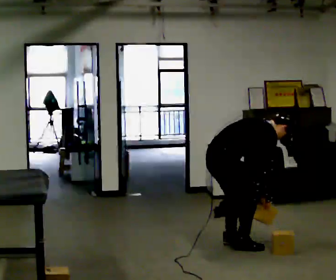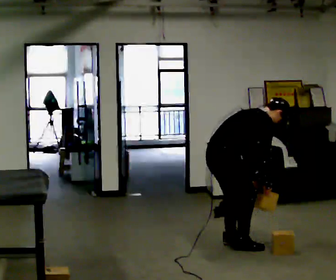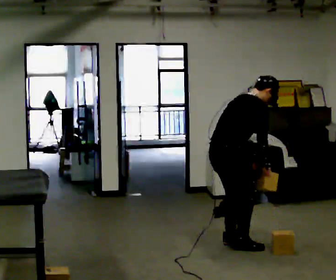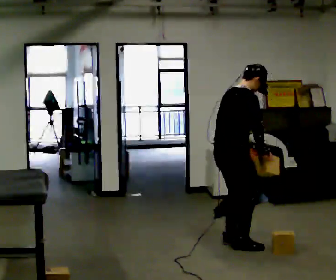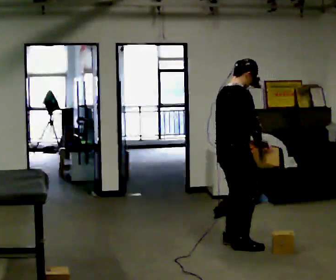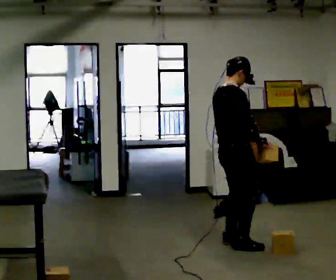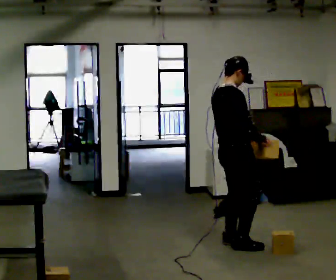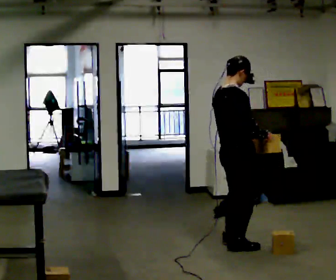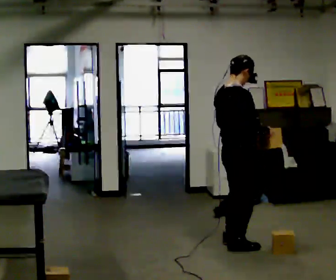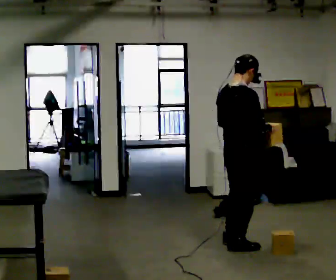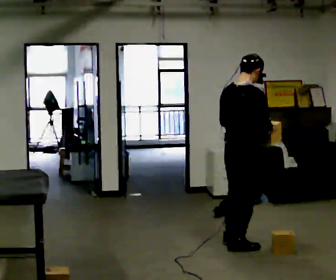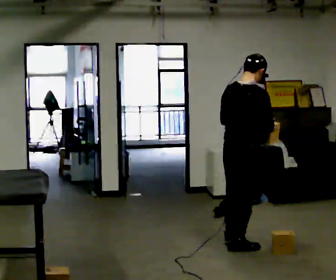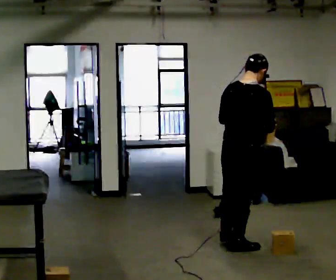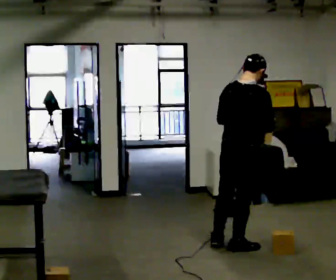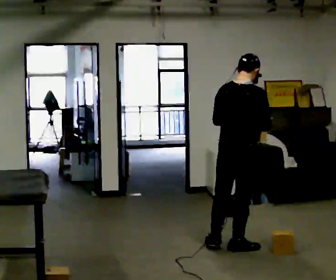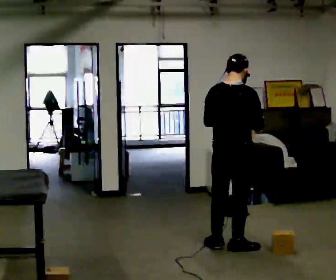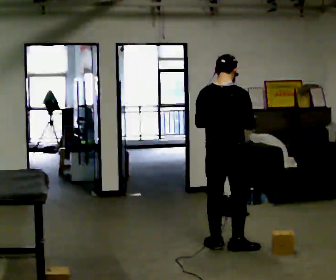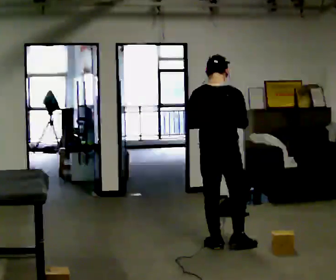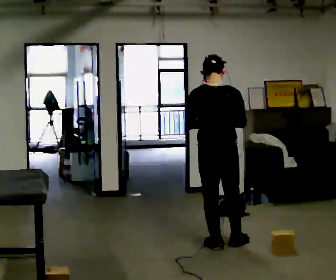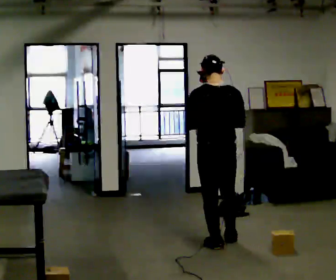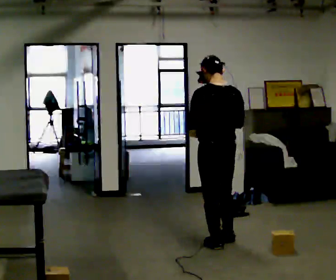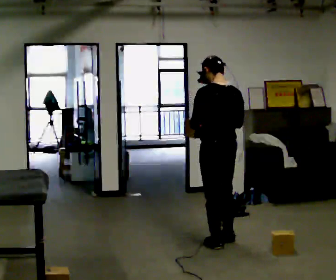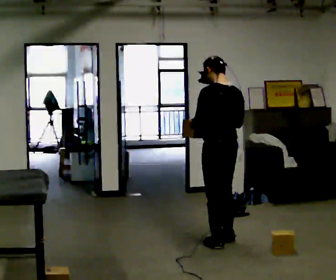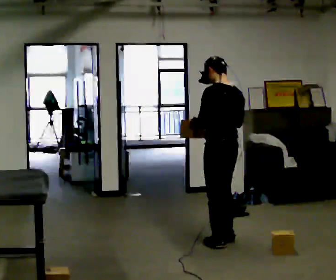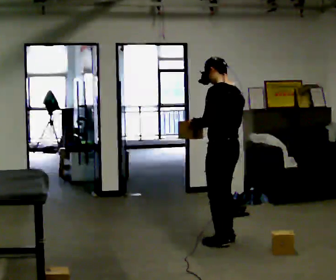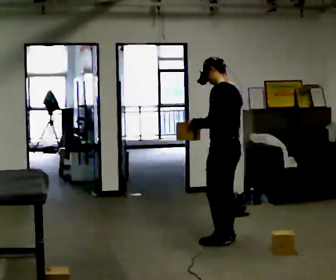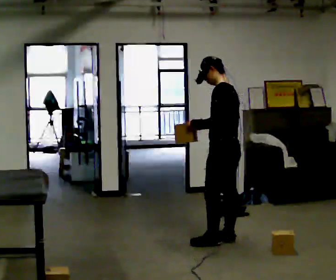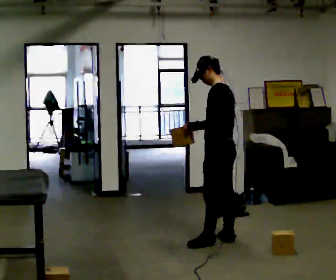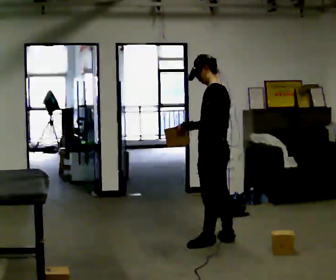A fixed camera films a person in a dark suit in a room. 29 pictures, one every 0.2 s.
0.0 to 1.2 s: The upper body goes upward. In the picture the upper body tilts counterclockwise, shoulders to the left, as they lean back or straighten. In the picture their right hand goes upward.
1.2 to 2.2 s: Seen from above the body turns counterclockwise, about 30 degrees: to their left, with its near side sliding to the right. In the picture they go toward the camera, about 0.25 m, which for them is to their right.
2.2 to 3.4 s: The person turns about 30 degrees to their left, counterclockwise seen from above, so the part of the body nearest the lens slides to the right. In the picture they go to the left, about 0.25 m, which for them is to their left.
3.4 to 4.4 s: The part of the body nearest the lens slides to the right as the person turns to their left by about 45 degrees.
4.4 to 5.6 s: Seen from above the body turns counterclockwise, about 30 degrees: to their left, with its near side sliding to the right.
The film runs forward here.
